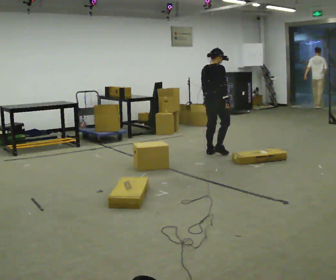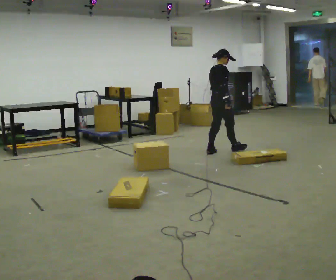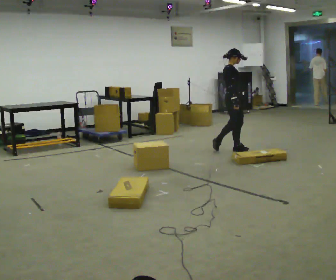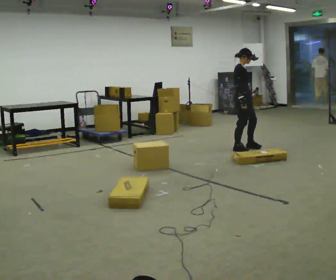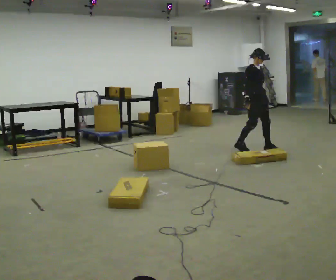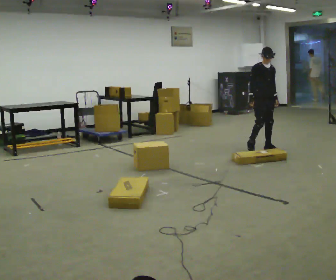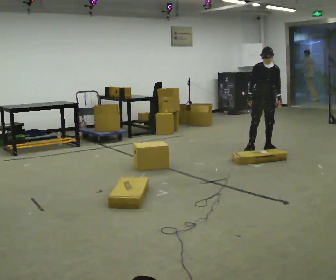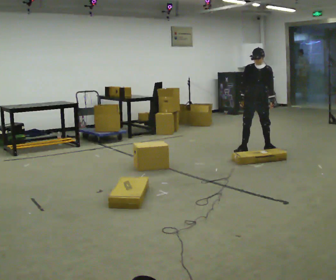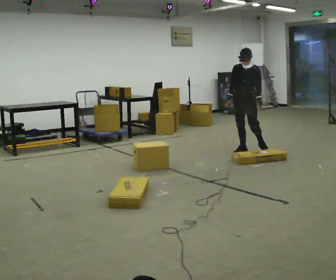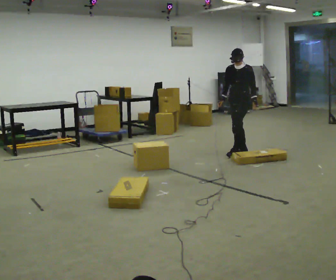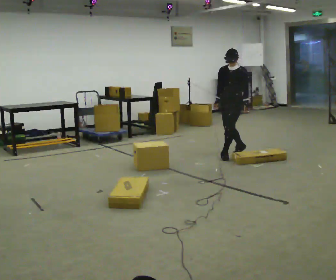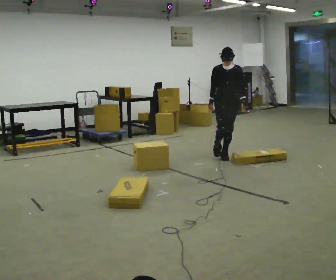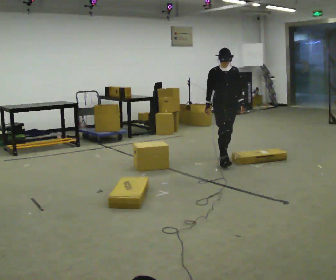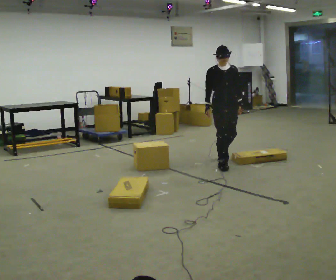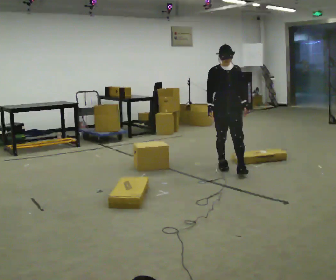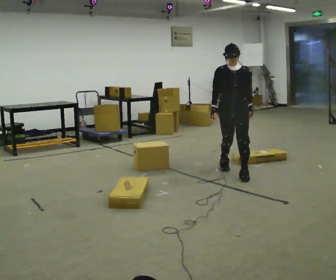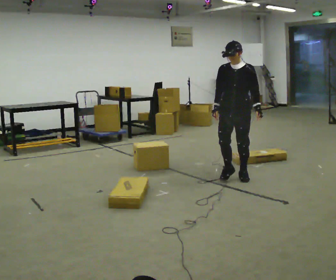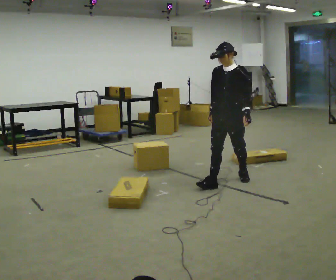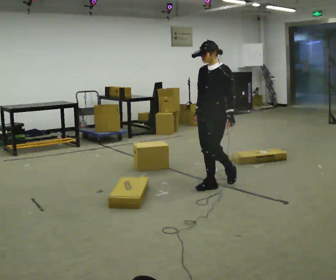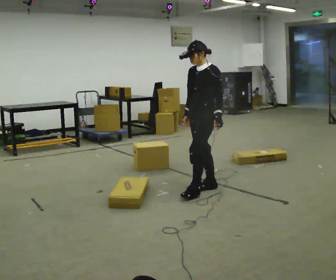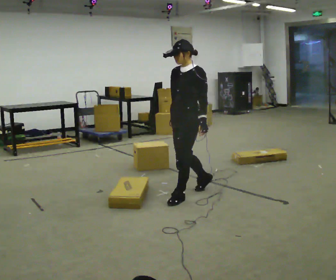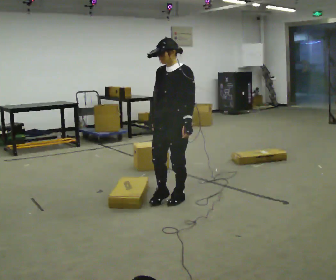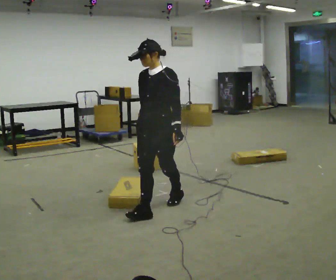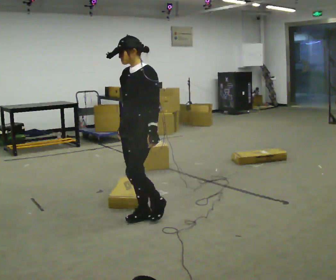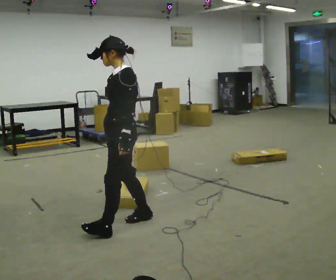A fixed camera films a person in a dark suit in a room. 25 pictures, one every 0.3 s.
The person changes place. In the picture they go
toward the camera.
0.0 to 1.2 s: The person turns about 90 degrees to their right, clockwise seen from above, so the part of the body nearest the lens slides to the left. In the picture they go to the right, about 0.5 m in 2 steps.
1.2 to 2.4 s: The person turns about 75 degrees to their right, clockwise seen from above, so the part of the body nearest the lens slides to the left.
2.4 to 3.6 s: Seen from above the body turns counterclockwise, about 30 degrees: to their left, with its near side sliding to the right. In the picture they go toward the camera and to the left, about 0.5 m in 1 step, which for them is forward.
3.6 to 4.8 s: The person turns about 30 degrees to their right, clockwise seen from above, so the part of the body nearest the lens slides to the left. In the picture they go toward the camera, about 1 m in 2 steps, which for them is forward.
4.8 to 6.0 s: The person turns about 30 degrees to their right, clockwise seen from above, so the part of the body nearest the lens slides to the left. In the picture they go toward the camera and to the left, about 1 m in 2 steps, which for them is forward.
6.0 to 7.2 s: In the picture they go toward the camera and to the left, about 1 m in 1 step, which for them is forward.
The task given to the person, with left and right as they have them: Walk across the room at a normal pace, looking ahead. Something may appear in your way. Deal with it however comes naturally and carry on.
The film runs forward here.
